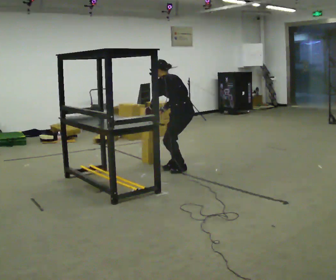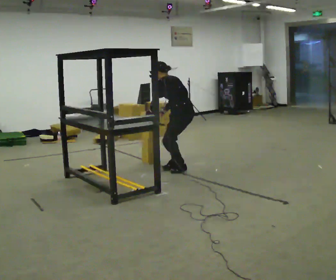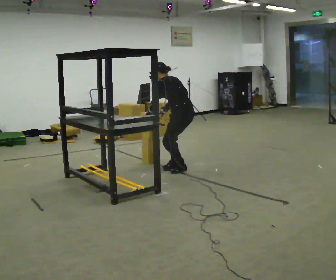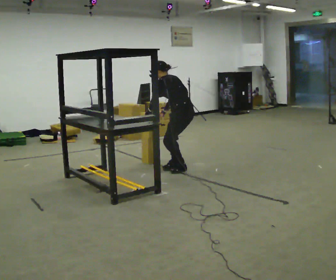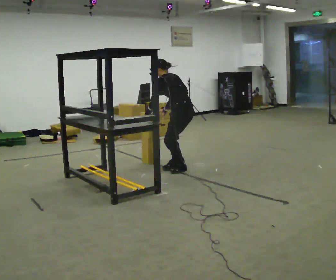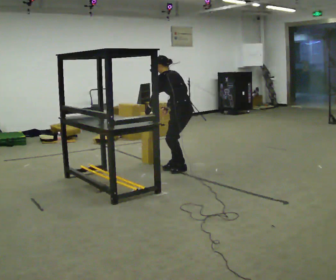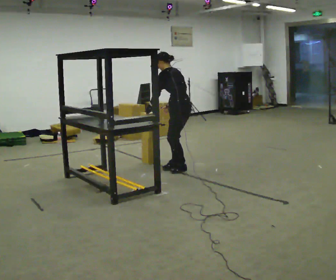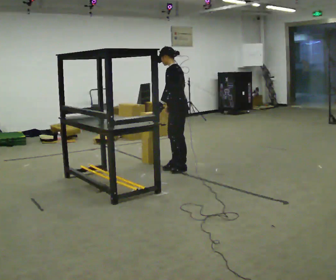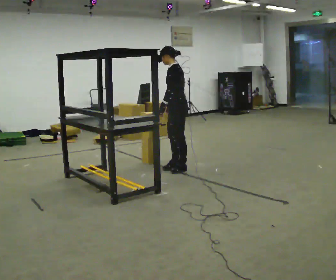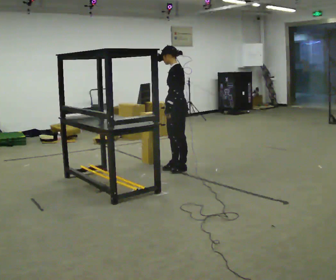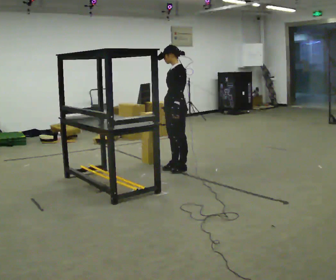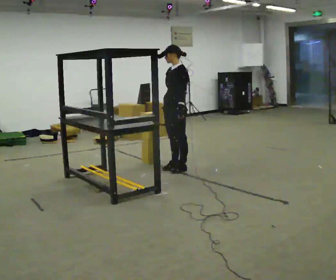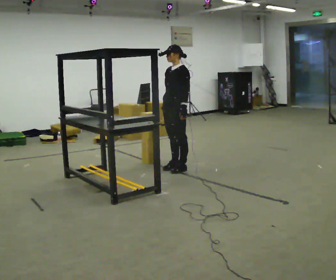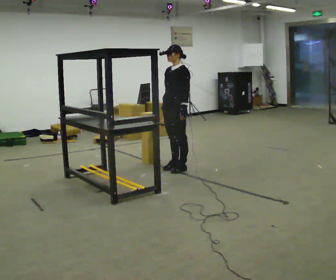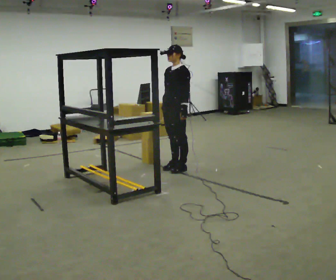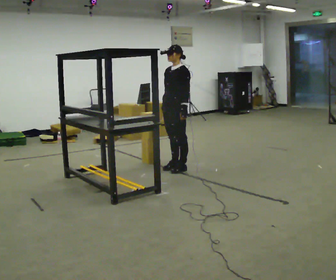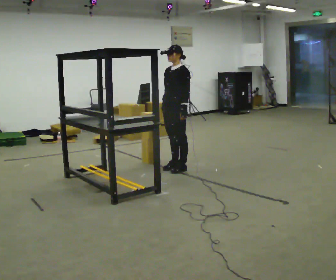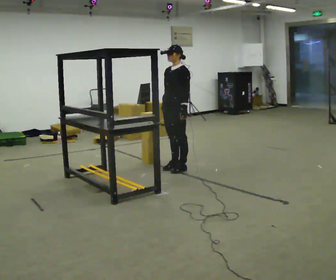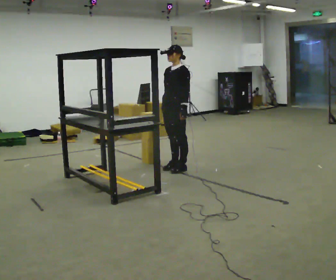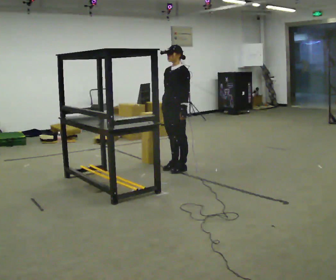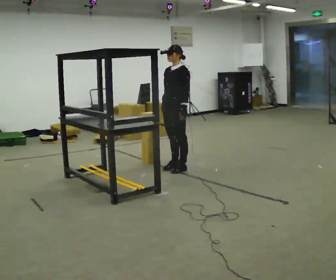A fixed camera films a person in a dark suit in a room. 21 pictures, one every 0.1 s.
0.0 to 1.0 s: The person turns about 45 degrees to their left, counterclockwise seen from above, so the part of the body nearest the lens slides to the right. The upper body goes upward. In the picture the upper body tilts clockwise, shoulders to the right, as they lean back or straighten. In the picture their left hand goes to the right.
1.0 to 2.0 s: The person moves a little, or ends about where they began.
The film runs backward here.
